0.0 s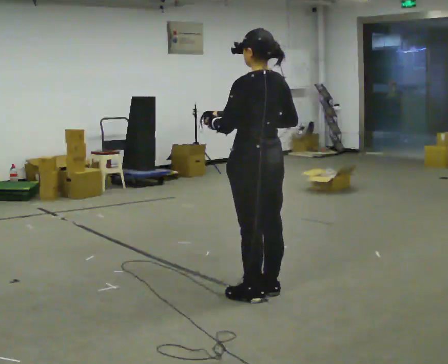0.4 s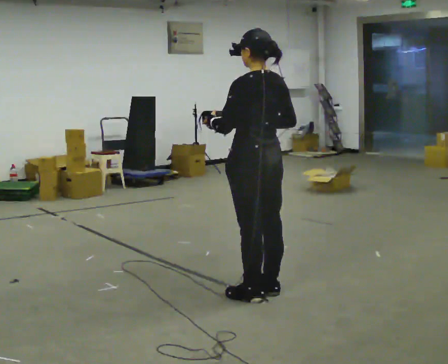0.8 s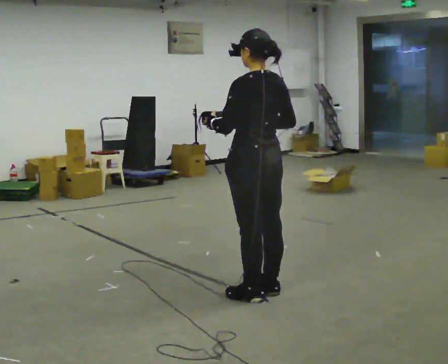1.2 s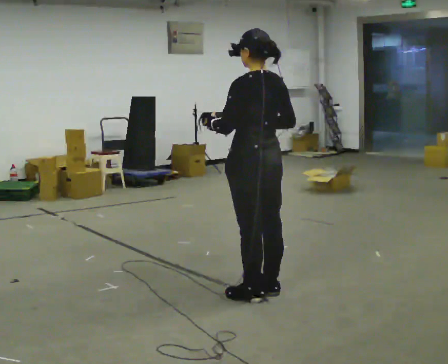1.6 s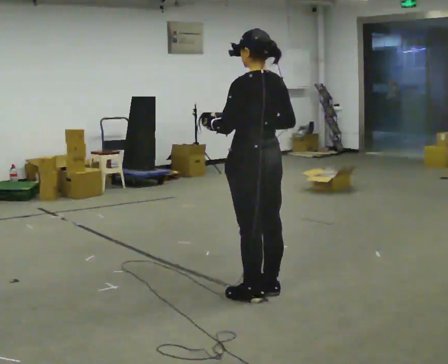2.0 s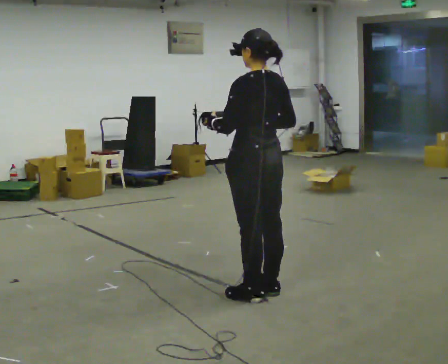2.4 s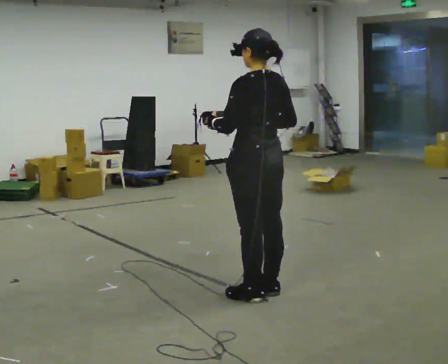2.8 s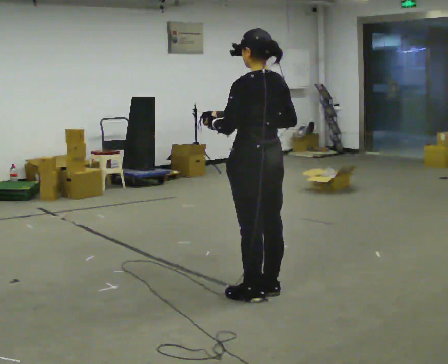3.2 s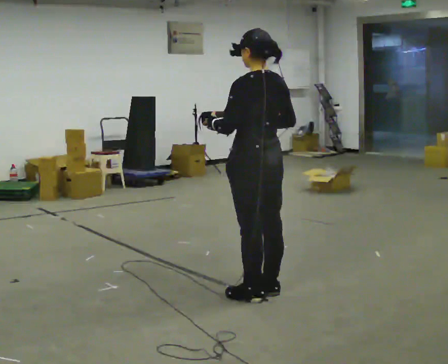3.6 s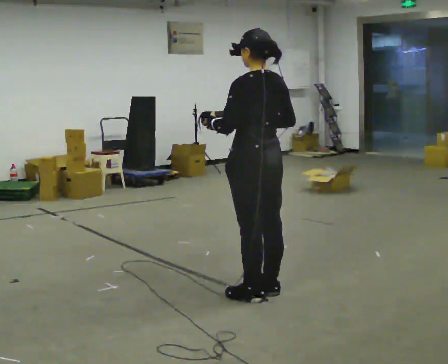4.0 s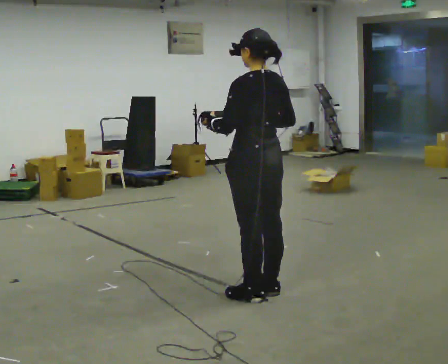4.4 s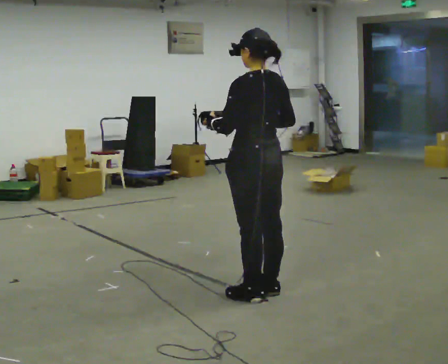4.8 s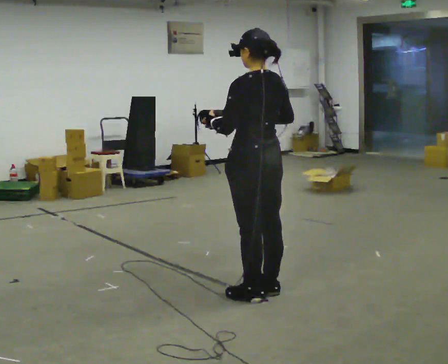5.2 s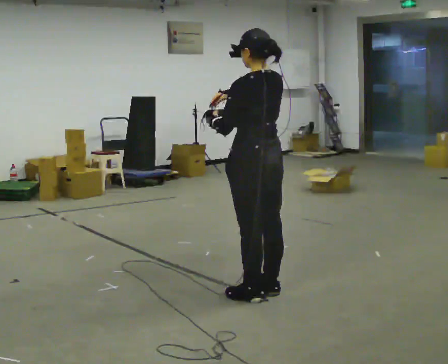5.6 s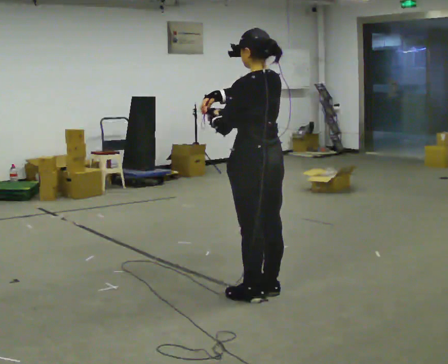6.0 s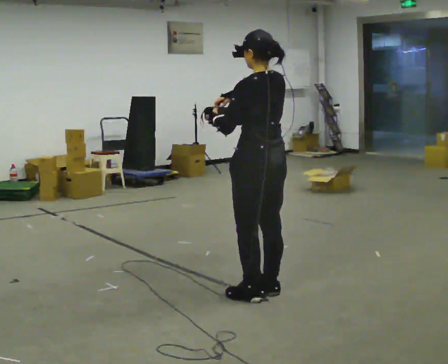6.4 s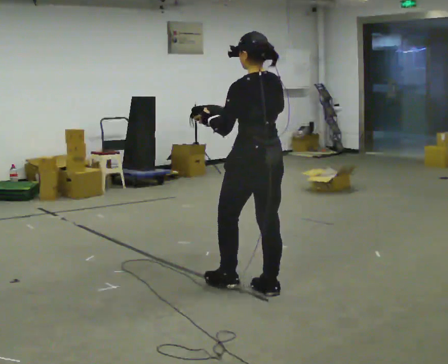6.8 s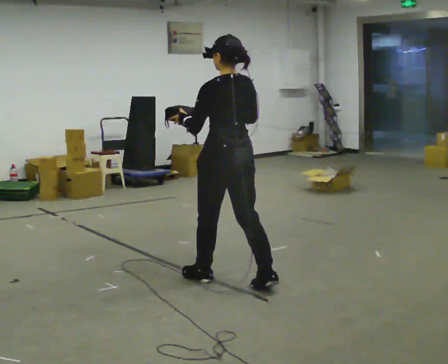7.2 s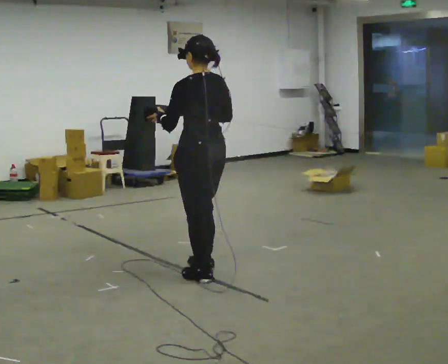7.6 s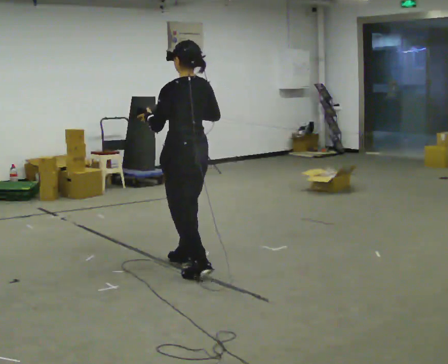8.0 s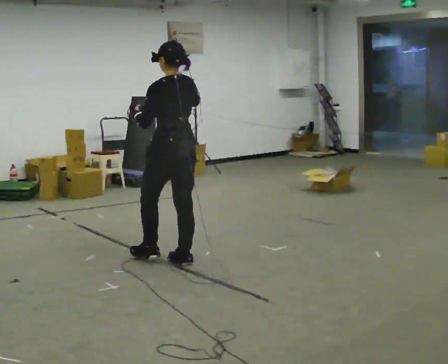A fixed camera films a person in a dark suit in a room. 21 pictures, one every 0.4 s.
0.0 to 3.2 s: The person keeps their place and pose.
3.2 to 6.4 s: The person moves a little, or ends about where they began.
6.4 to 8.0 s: In the picture they go to the left and away from the camera, about 1 m in 2 steps, which for them is forward.
The film runs forward here.
